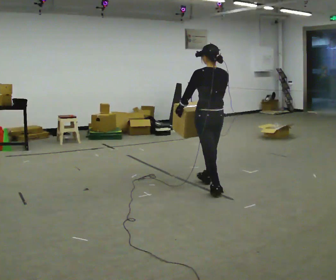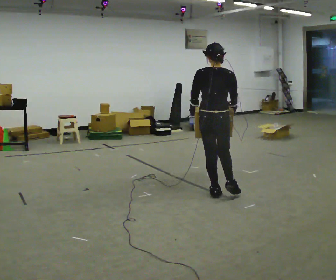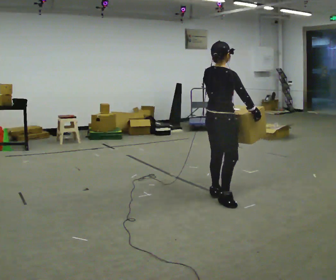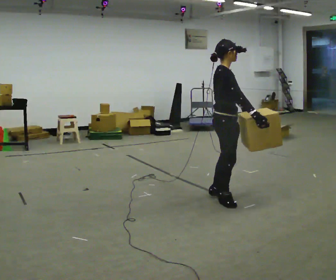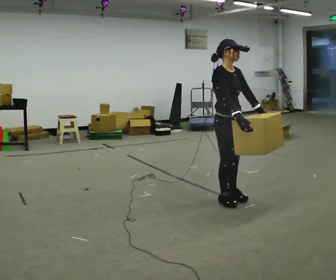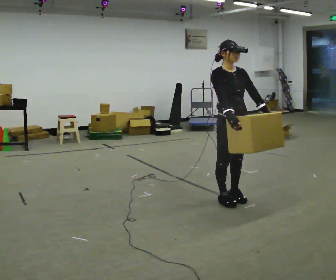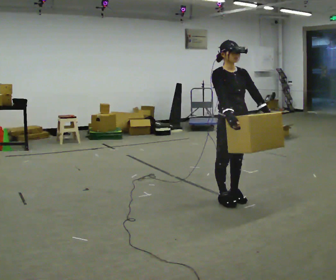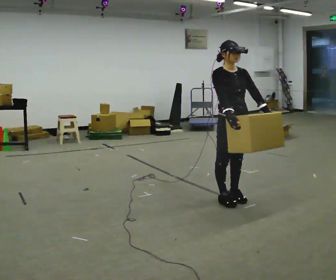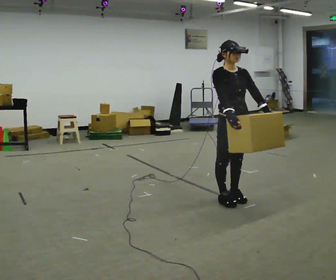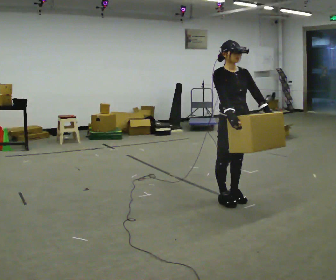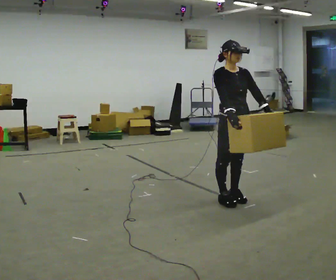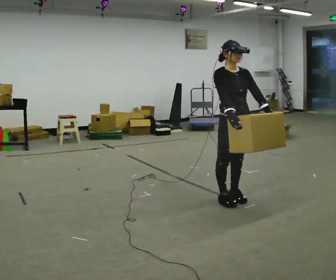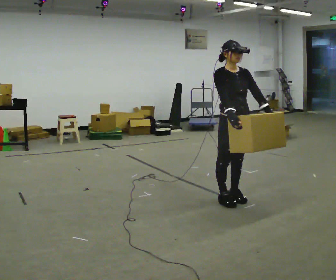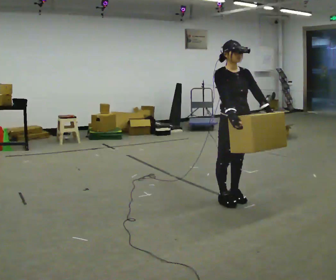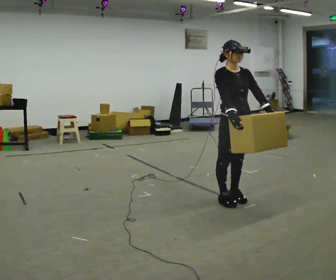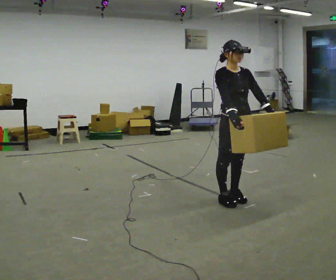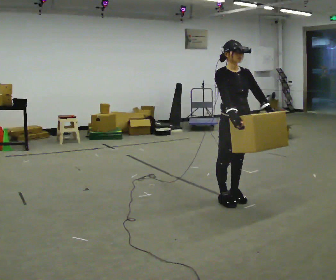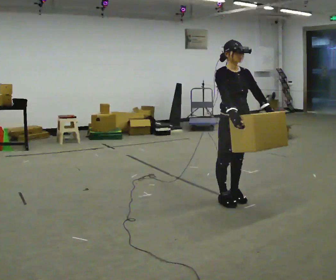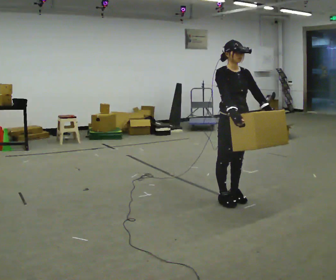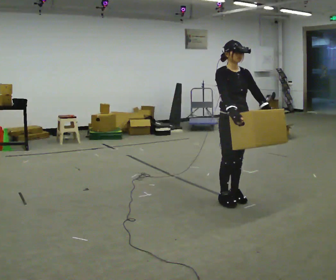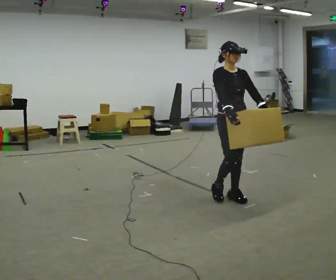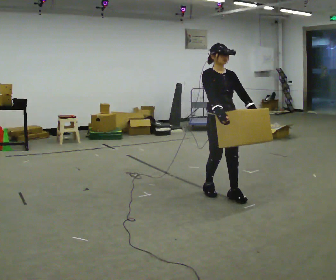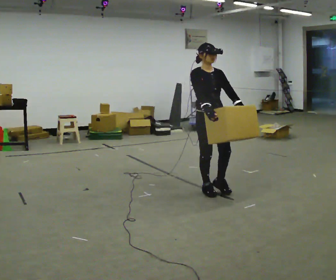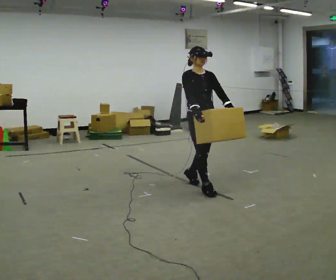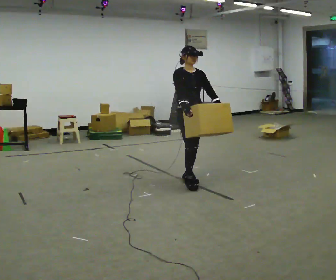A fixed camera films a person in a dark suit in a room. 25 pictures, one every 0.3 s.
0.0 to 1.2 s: Seen from above the body turns clockwise, about 150 degrees: to their right, with its near side sliding to the left. In the picture they go toward the camera and to the right, about 0.5 m in 1 step.
1.2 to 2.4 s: The person turns about 30 degrees to their right, clockwise seen from above, so the part of the body nearest the lens slides to the left.
2.4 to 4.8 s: The person keeps their place and pose.
4.8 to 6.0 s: The person moves a little, or ends about where they began.
6.0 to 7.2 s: In the picture they go to the left and away from the camera, about 0.75 m in 2 steps, which for them is backward.
The film runs backward here.
